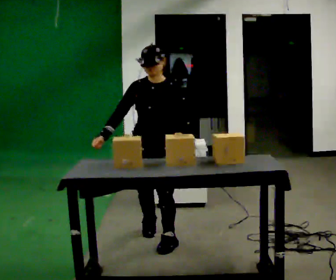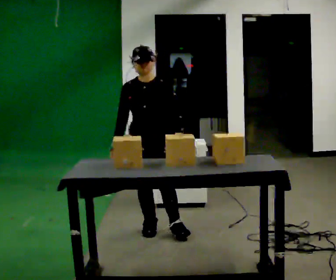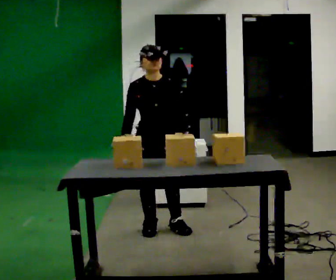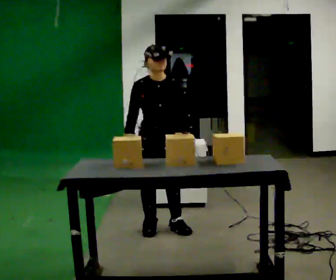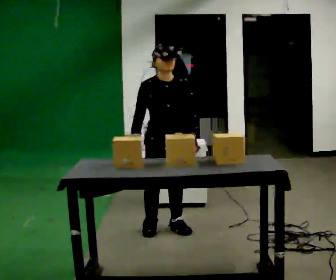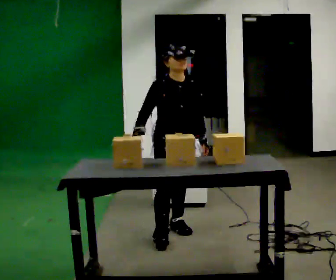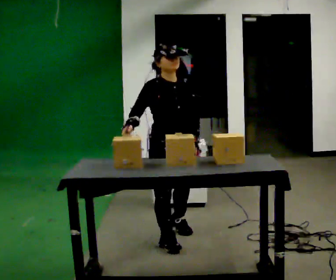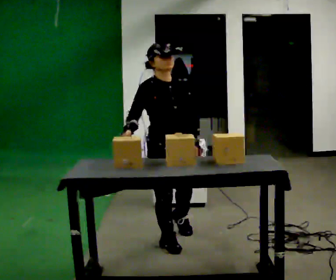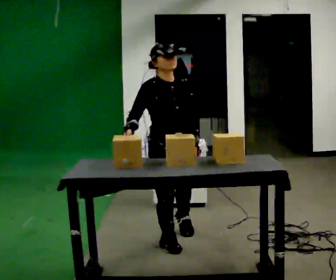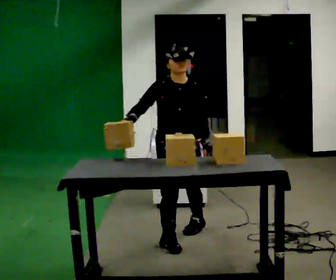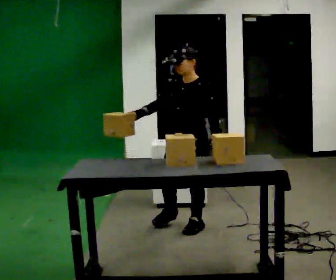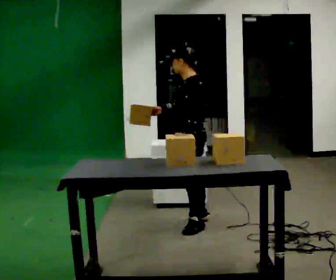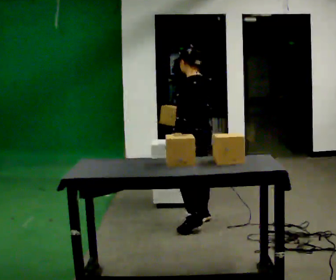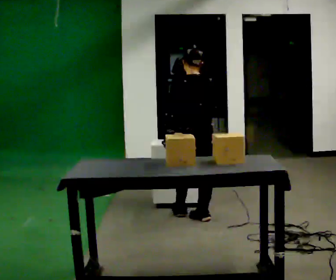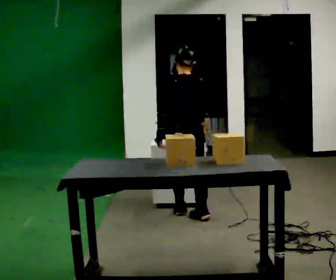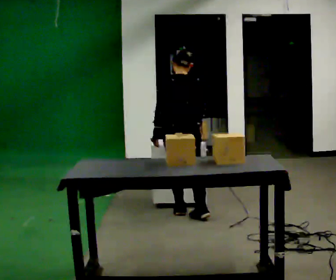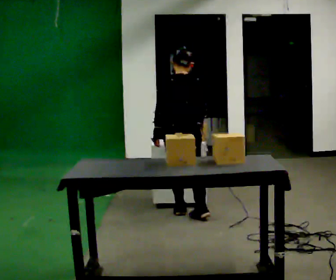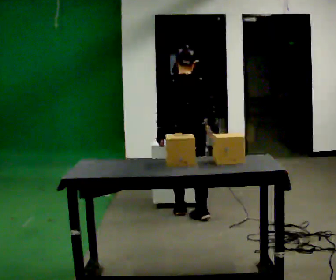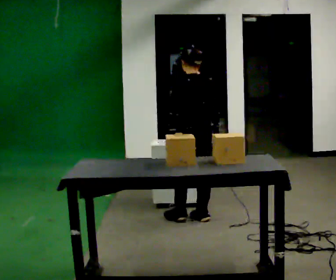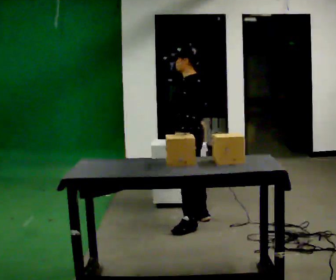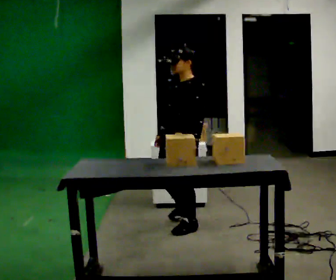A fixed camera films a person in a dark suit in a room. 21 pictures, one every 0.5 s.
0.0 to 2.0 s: The part of the body nearest the lens slides to the right as the person turns to their left by about 30 degrees. In the picture they go away from the camera, about 0.25 m in 1 step, which for them is backward and to their left.
2.0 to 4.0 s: In the picture they go toward the camera, about 0.25 m in 1 step, which for them is forward and to their right.
4.0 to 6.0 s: Seen from above the body turns clockwise, about 165 degrees: to their right, with its near side sliding to the left. In the picture they go away from the camera, about 0.75 m in 2 steps.
6.0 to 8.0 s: Seen from above the body turns clockwise, about 30 degrees: to their right, with its near side sliding to the left. In the picture they go away from the camera, about 0.25 m in 1 step, which for them is forward.
8.0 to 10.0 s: The part of the body nearest the lens slides to the right as the person turns to their left by about 105 degrees. In the picture they go toward the camera, about 0.5 m in 1 step.
The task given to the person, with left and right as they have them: 1. Move all 12 boxes from the shelf at one end of the room to the shelf at the other end. 2. The cart is not available today, so carry them. 3. Tell the operator when you are finished.
The film runs forward here.
